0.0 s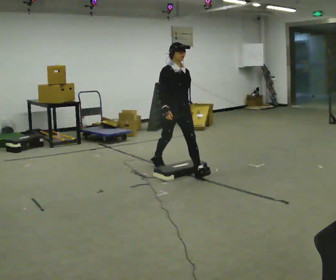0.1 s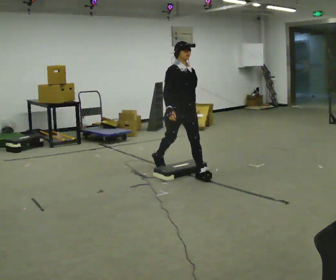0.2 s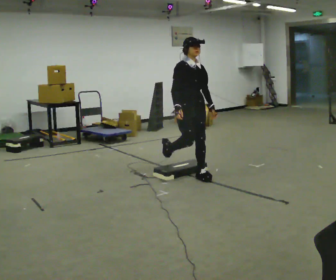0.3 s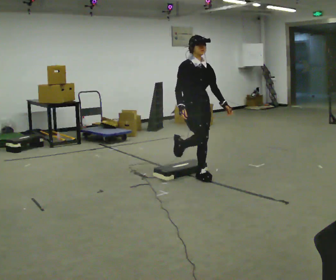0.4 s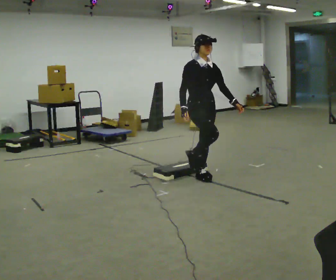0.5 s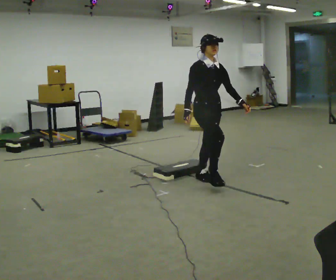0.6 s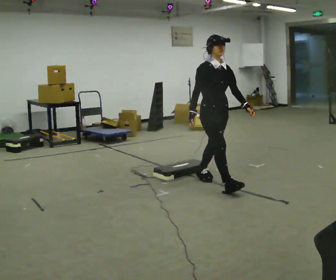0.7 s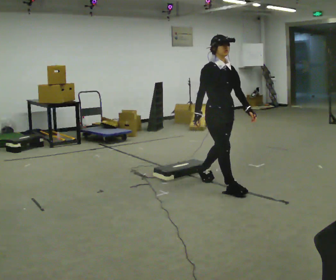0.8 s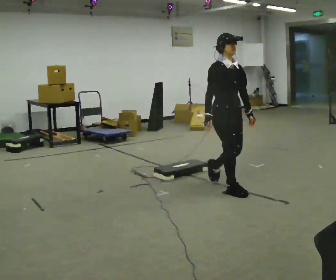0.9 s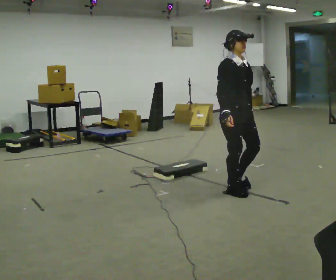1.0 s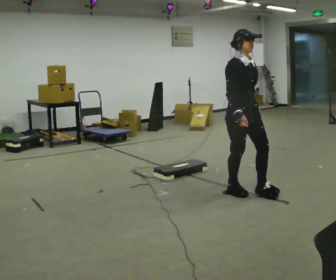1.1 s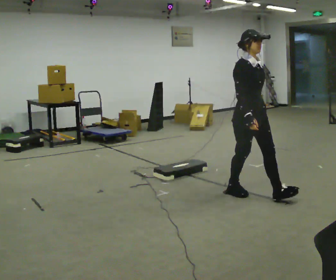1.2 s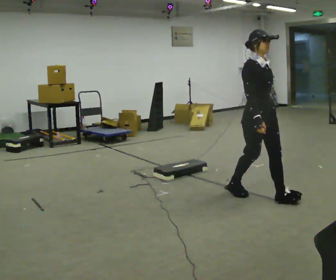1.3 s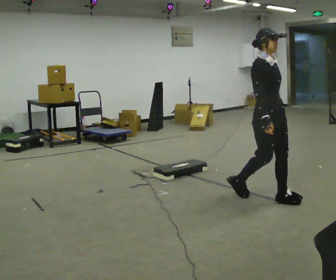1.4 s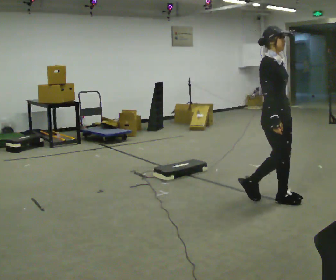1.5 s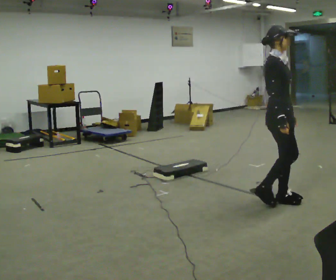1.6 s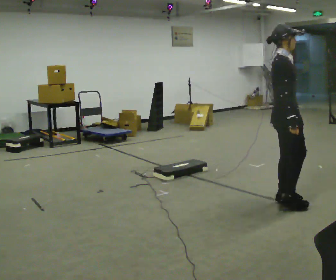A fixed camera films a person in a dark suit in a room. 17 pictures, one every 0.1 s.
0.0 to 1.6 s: The part of the body nearest the lens slides to the right as the person turns to their left by about 60 degrees. In the picture they go toward the camera and to the right, about 1.5 m in 2 steps, which for them is forward.
The film runs forward here.
